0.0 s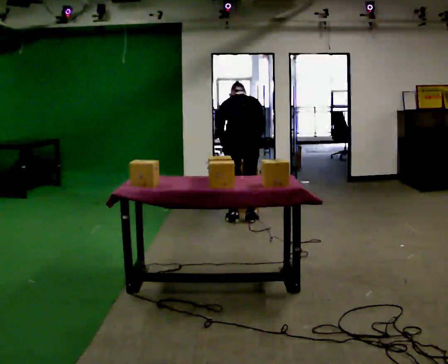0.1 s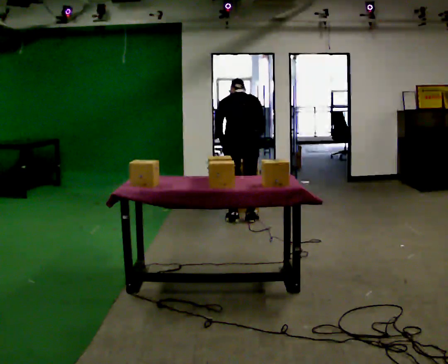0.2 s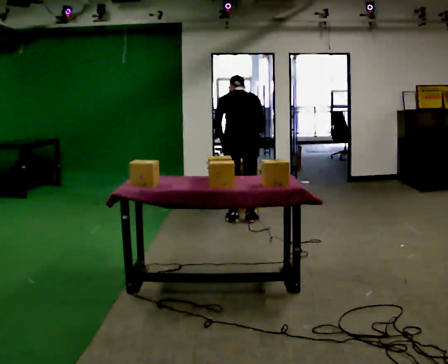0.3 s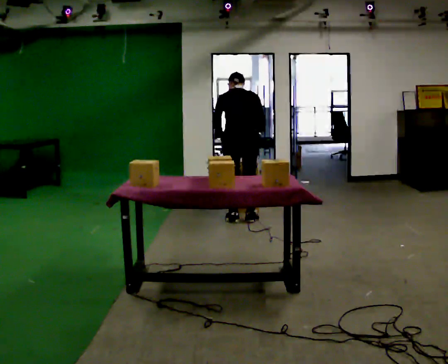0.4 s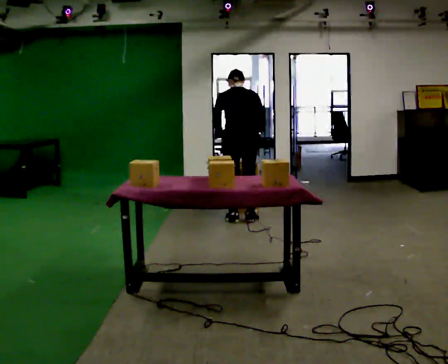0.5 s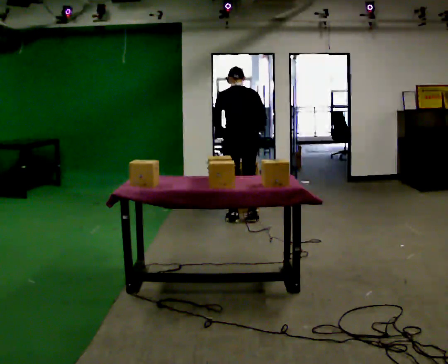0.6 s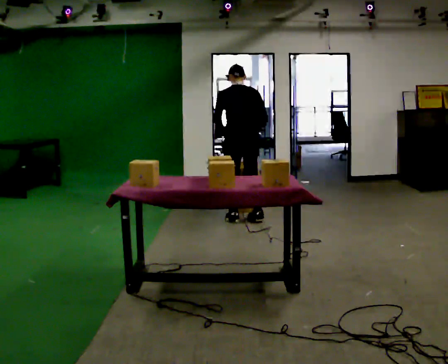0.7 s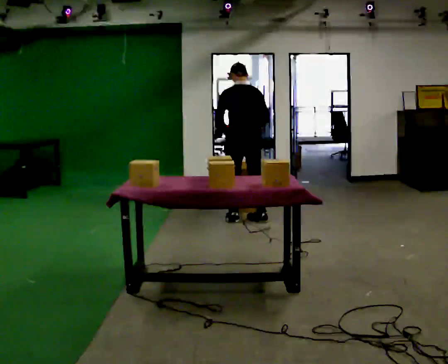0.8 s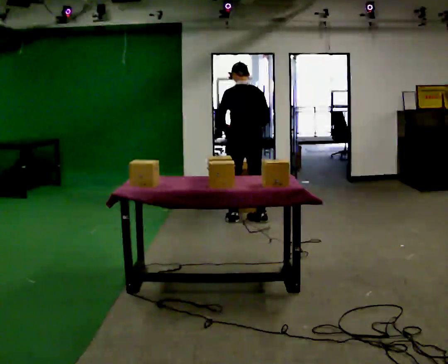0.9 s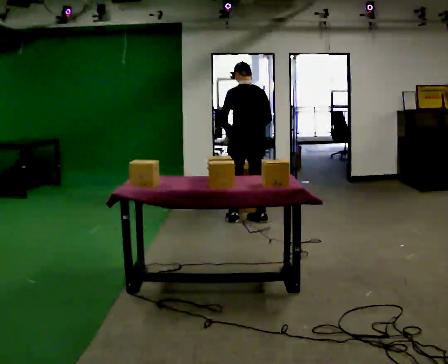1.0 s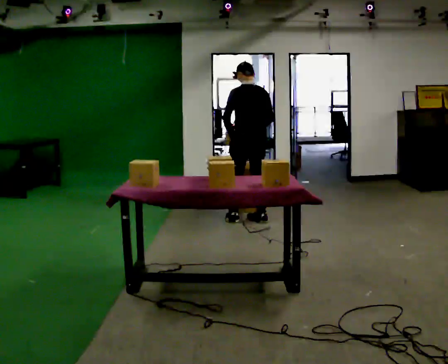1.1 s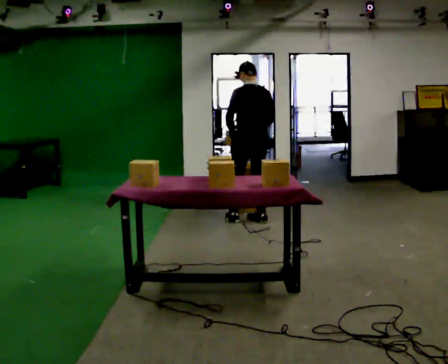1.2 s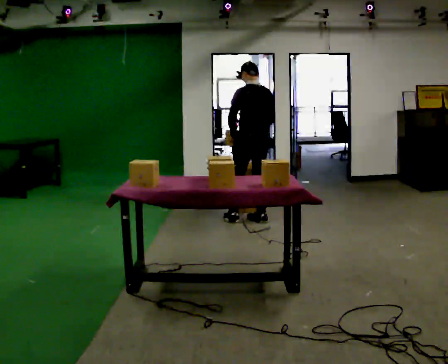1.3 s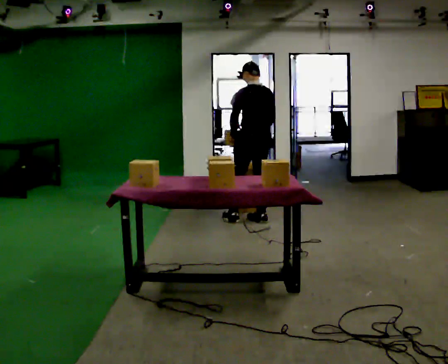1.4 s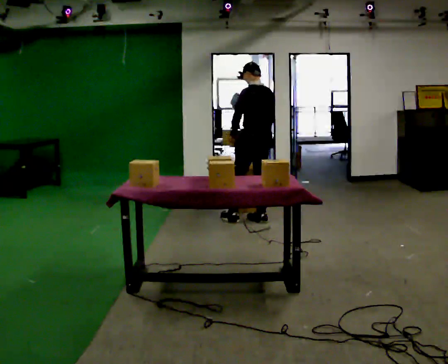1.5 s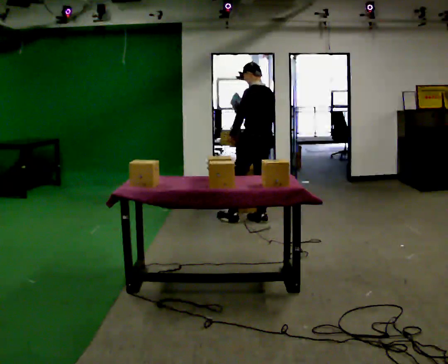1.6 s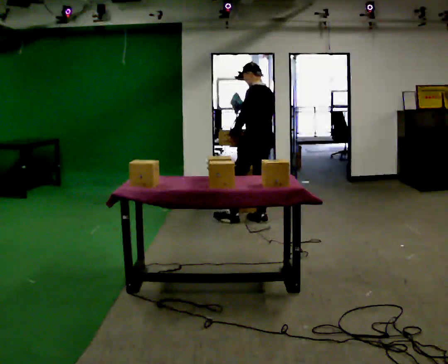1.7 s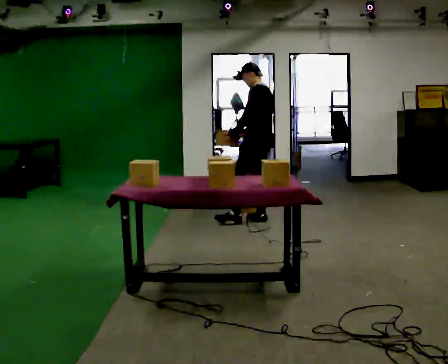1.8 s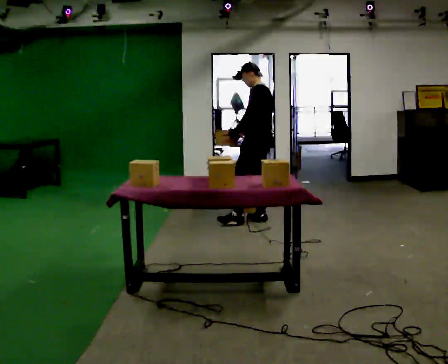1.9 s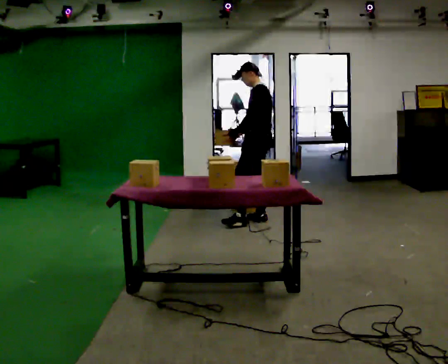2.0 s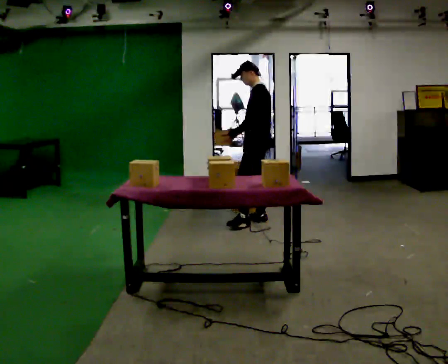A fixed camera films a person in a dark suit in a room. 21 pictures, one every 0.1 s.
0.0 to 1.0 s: The upper body tips toward the camera, its near side rolling downward, as they lean back or straighten.
1.0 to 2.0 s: The person turns about 60 degrees to their left, counterclockwise seen from above, so the part of the body nearest the lens slides to the right.
The film runs forward here.
